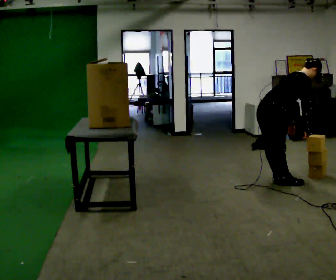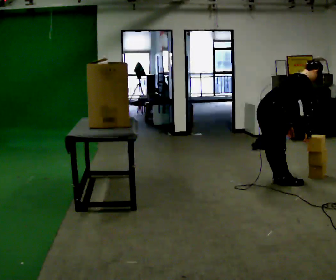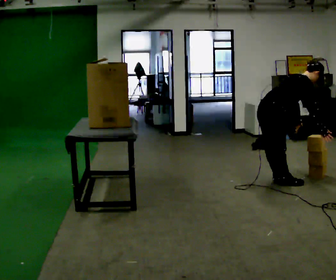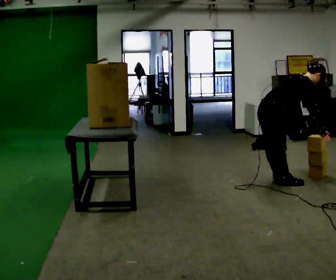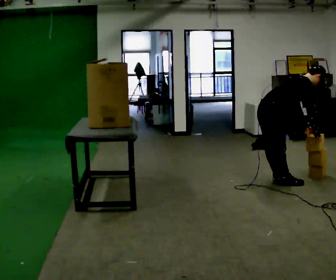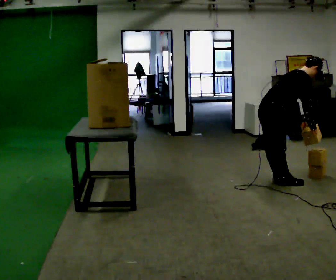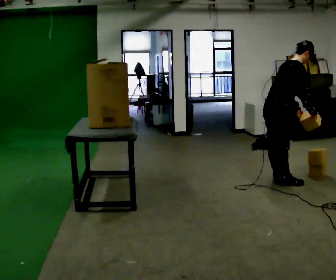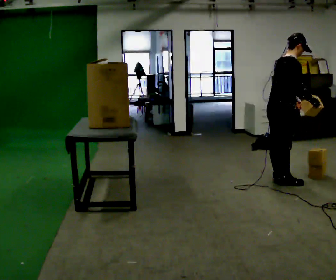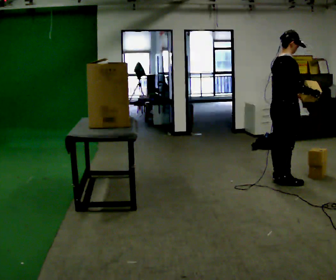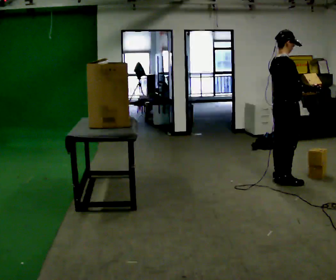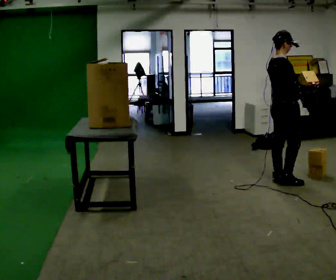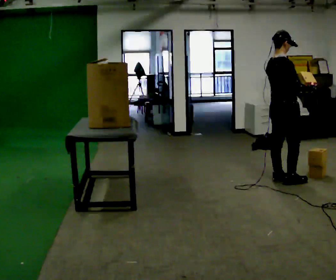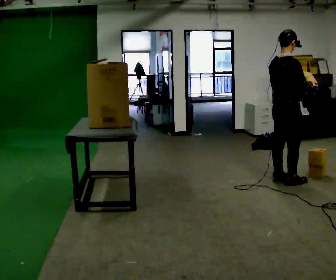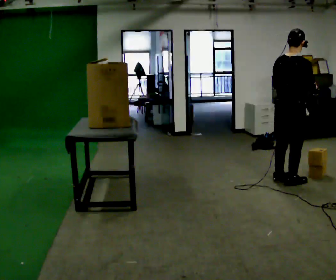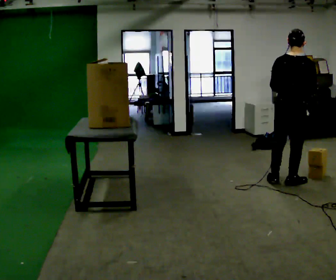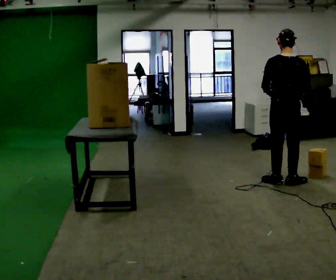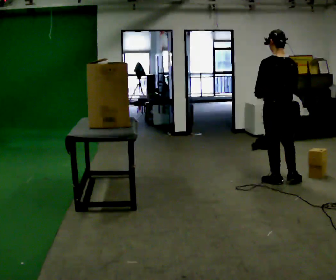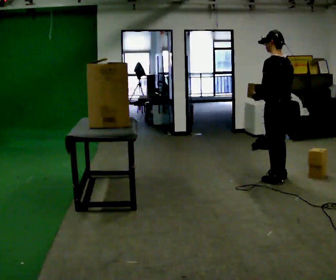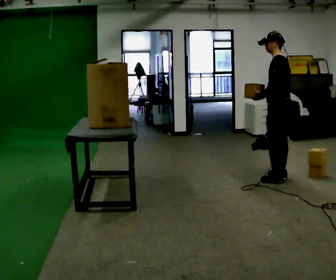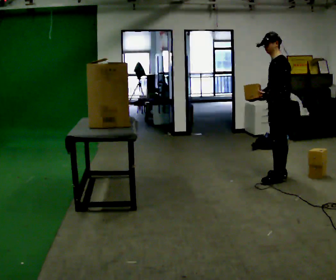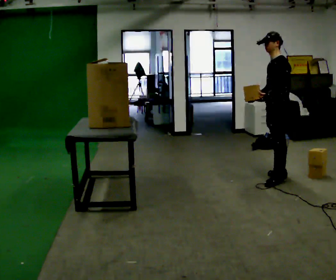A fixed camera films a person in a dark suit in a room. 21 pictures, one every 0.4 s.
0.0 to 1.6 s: The person moves a little, or ends about where they began.
1.6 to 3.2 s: The shoulders move upward. In the picture the upper body tilts counterclockwise, shoulders to the left, as they lean back or straighten. In the picture their right hand goes upward.
3.2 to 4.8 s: The person moves a little, or ends about where they began.
4.8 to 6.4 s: The person turns about 75 degrees to their left, counterclockwise seen from above, so the part of the body nearest the lens slides to the right. In the picture their right hand goes to the left, the arm swinging clockwise.
6.4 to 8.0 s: The person turns about 75 degrees to their left, counterclockwise seen from above, so the part of the body nearest the lens slides to the right. In the picture they go away from the camera, about 0.25 m in 1 step.
The film runs forward here.
